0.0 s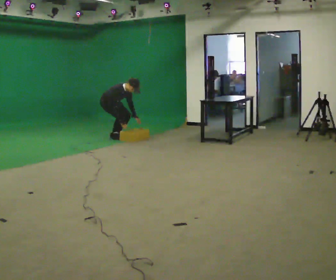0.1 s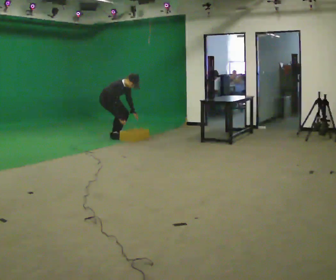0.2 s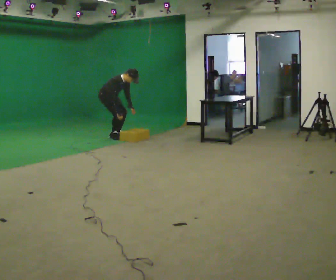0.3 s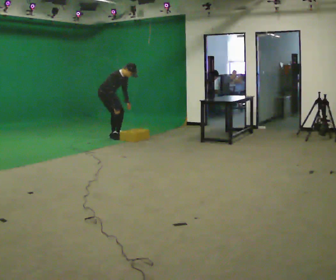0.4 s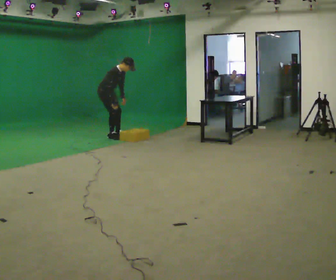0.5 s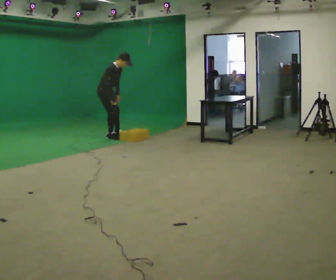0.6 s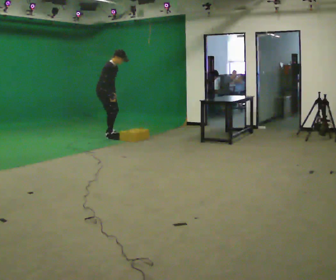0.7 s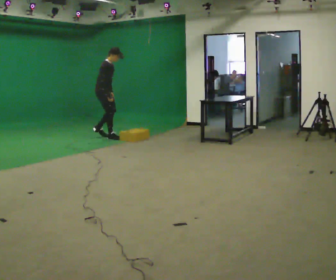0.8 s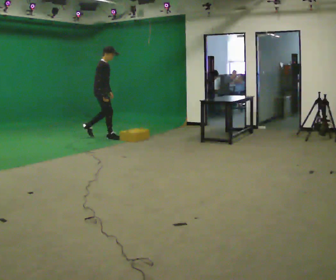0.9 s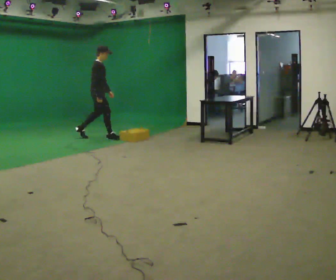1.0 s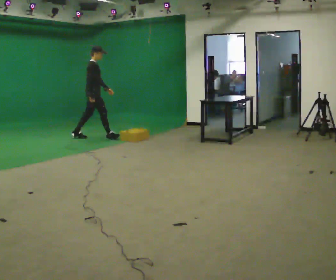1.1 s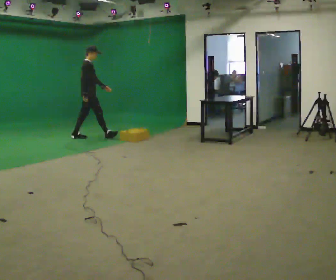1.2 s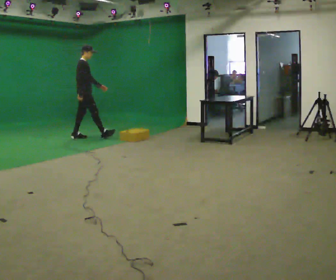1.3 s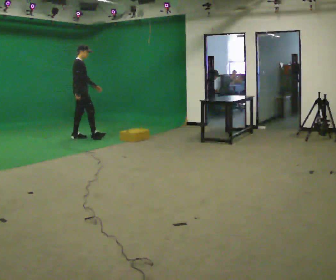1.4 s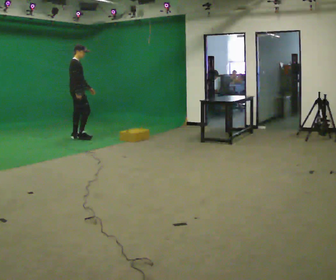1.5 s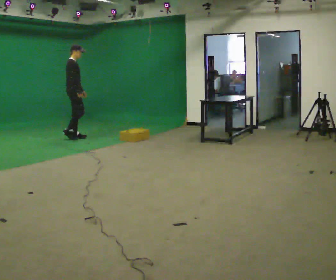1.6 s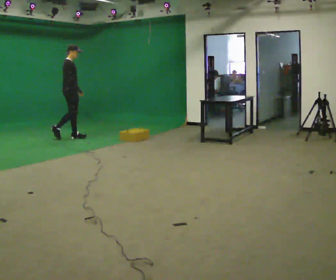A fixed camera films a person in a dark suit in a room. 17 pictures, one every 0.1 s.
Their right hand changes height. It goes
upward.
The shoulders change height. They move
upward.
0.0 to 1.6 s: The person turns about 30 degrees to their left, counterclockwise seen from above, so the part of the body nearest the lens slides to the right. In the picture they go to the left, about 0.5 m in 2 steps, which for them is backward. The shoulders move upward. In the picture the upper body tilts counterclockwise, shoulders to the left, as they lean back or straighten. In the picture their left hand goes upward.
The film runs backward here.
